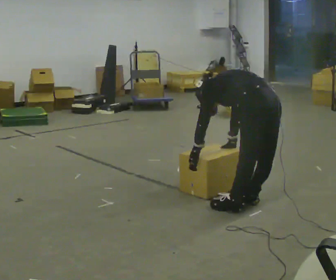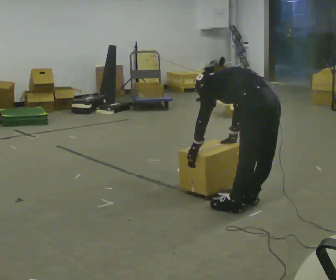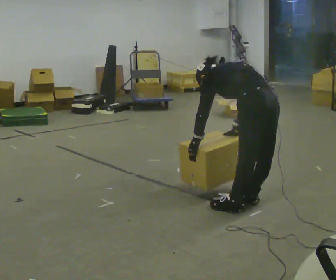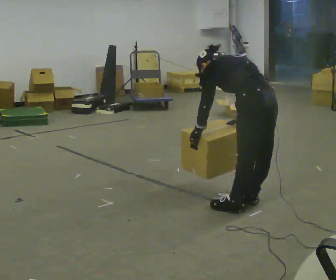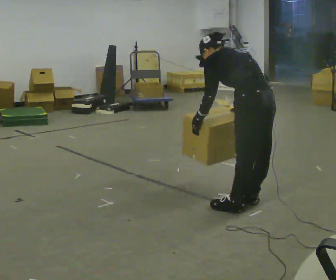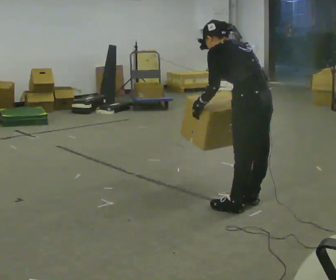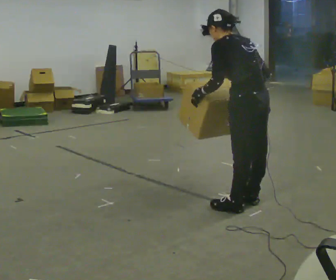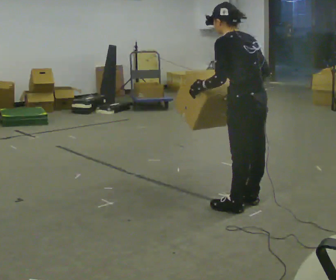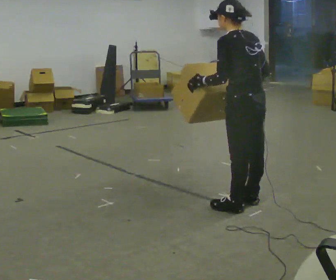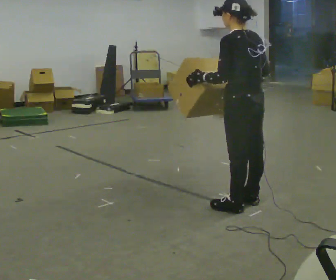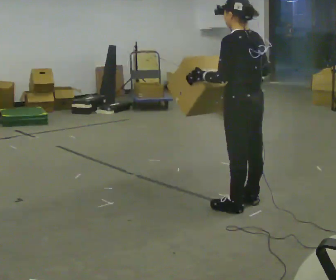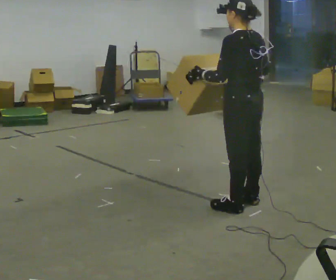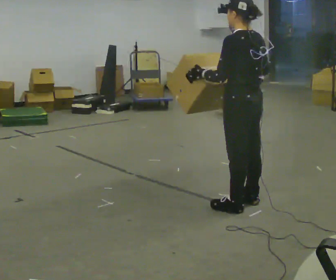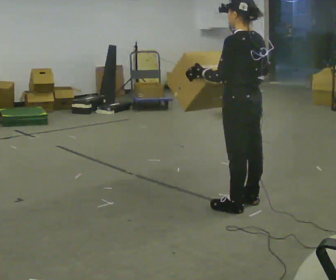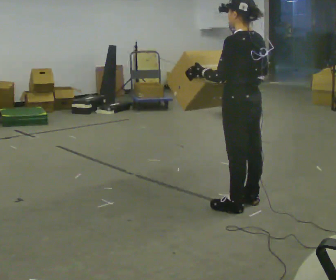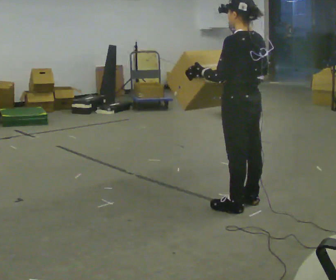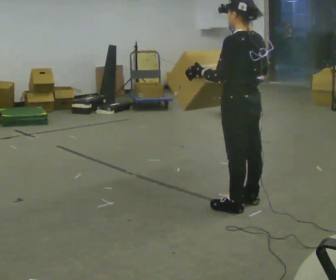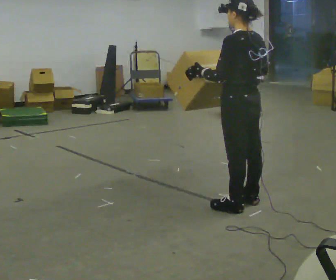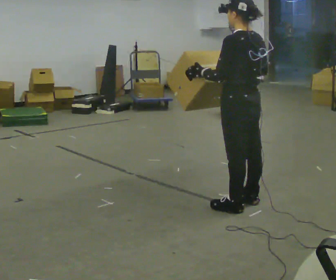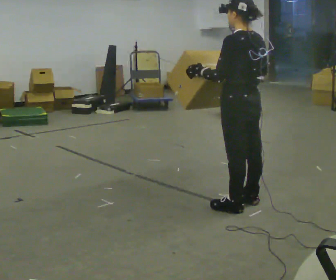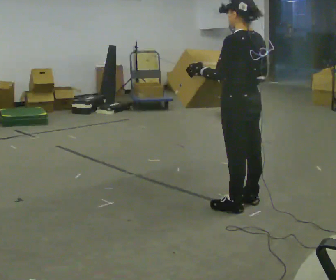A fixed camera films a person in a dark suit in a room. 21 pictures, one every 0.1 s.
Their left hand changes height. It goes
upward.
Their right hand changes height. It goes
upward.
0.0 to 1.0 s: The upper body goes upward. The upper body tips toward the camera, its near side rolling downward, as they lean back or straighten. In the picture their right hand goes upward.
1.0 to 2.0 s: The person moves a little, or ends about where they began.
The film runs forward here.
